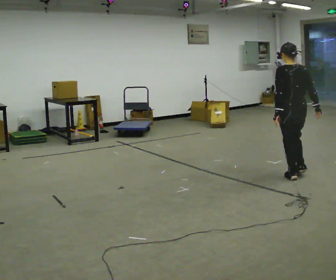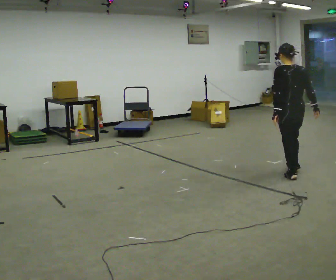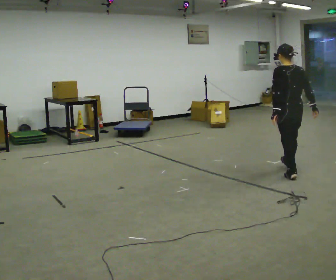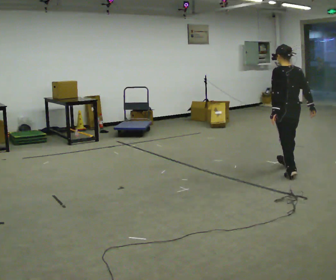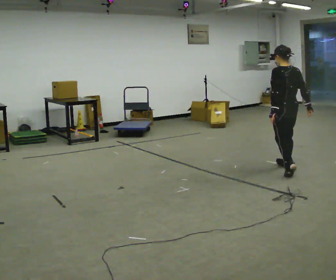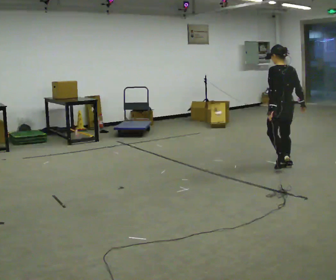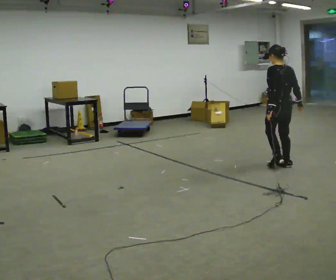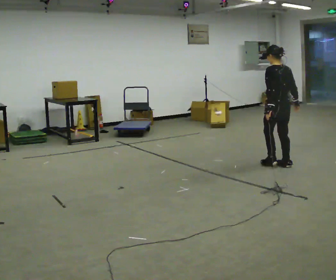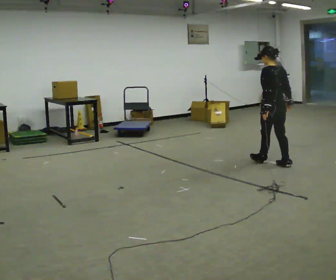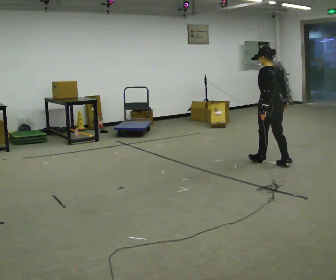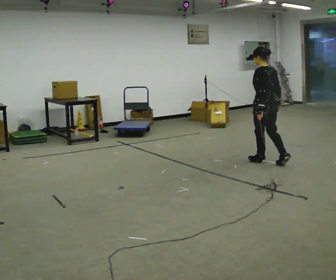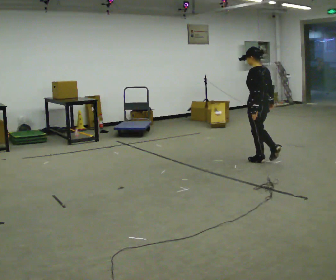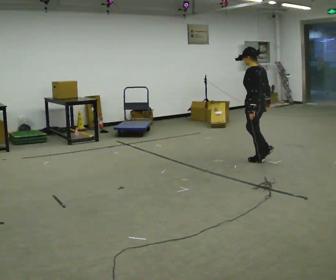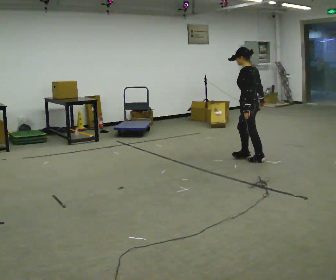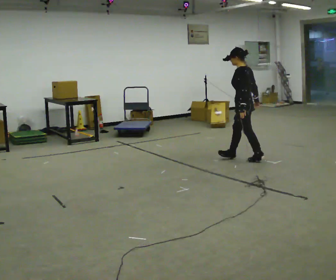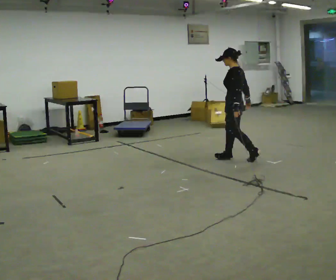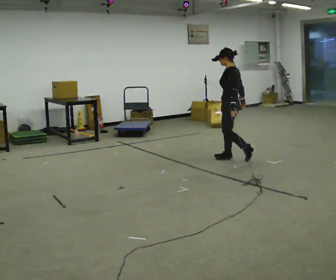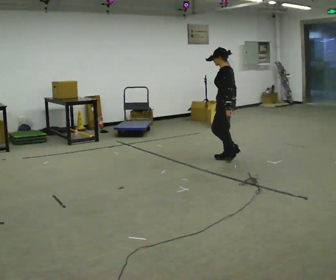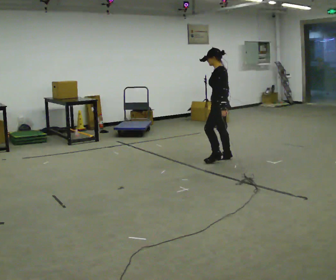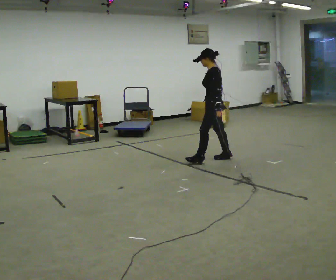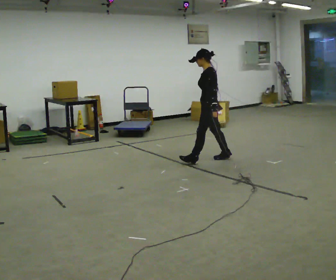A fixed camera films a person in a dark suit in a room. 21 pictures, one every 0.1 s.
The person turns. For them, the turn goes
to their left.
The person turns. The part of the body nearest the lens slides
to the right.
0.0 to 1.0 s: The person turns about 30 degrees to their left, counterclockwise seen from above, so the part of the body nearest the lens slides to the right. In the picture they go away from the camera and to the left, about 0.75 m in 2 steps, which for them is forward.
1.0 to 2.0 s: The person turns about 45 degrees to their left, counterclockwise seen from above, so the part of the body nearest the lens slides to the right. In the picture they go to the left, about 0.5 m in 1 step, which for them is forward.
The film runs forward here.
